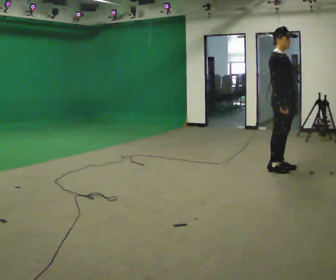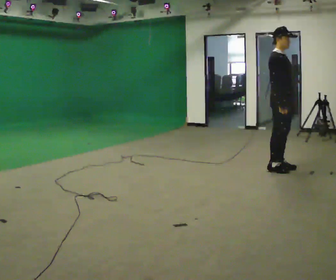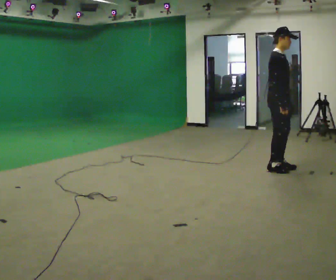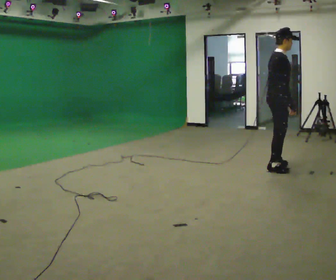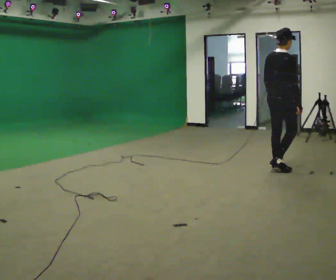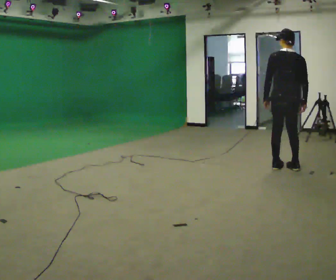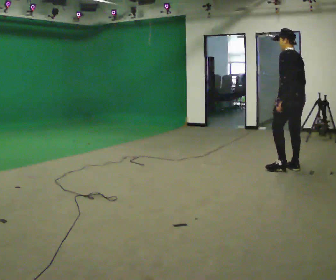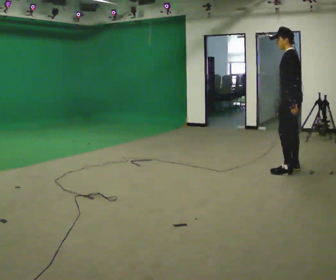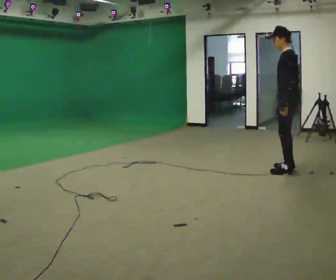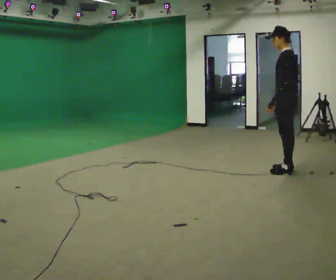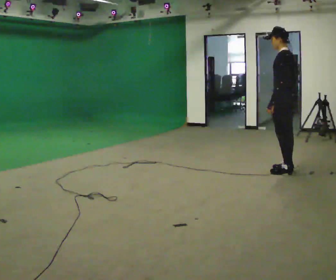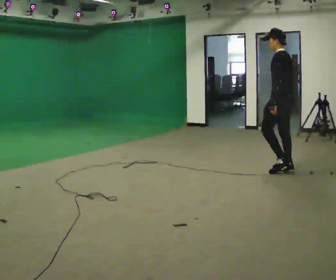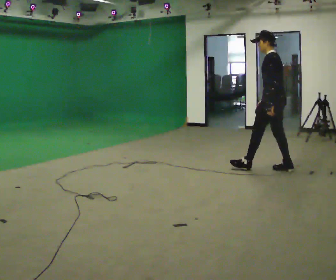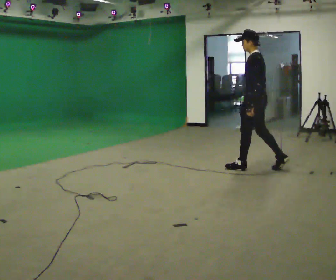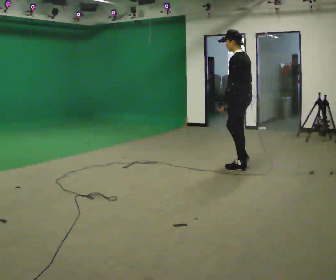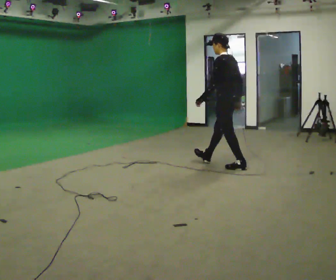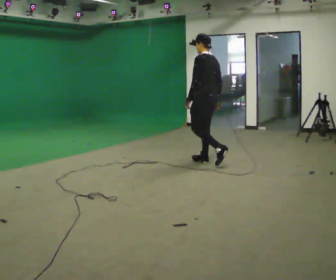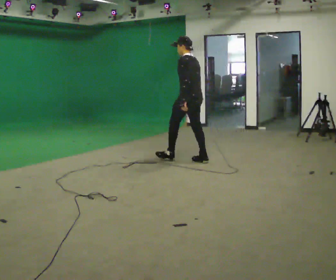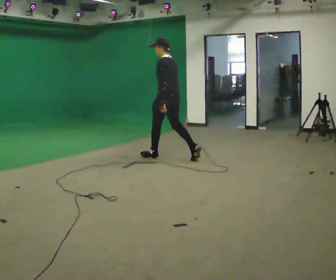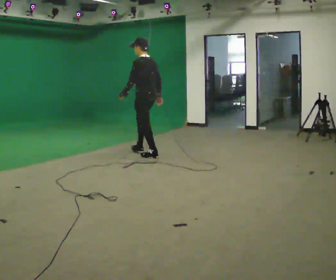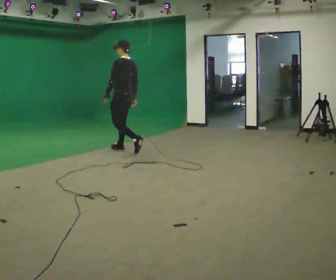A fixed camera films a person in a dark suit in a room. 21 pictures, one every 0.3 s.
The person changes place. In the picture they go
to the left.
0.0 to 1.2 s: The person turns about 75 degrees to their left, counterclockwise seen from above, so the part of the body nearest the lens slides to the right.
1.2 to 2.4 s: The part of the body nearest the lens slides to the right as the person turns to their left by about 120 degrees.
2.4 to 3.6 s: In the picture they go to the left, about 0.25 m, which for them is forward. In the picture their right hand goes to the left.
3.6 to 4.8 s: In the picture they go to the left, about 1 m in 2 steps, which for them is forward.
4.8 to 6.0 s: In the picture they go to the left, about 1.5 m in 2 steps, which for them is forward.
The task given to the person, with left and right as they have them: Start still; gradually go slow → normal → fast; briefly maintain fast speed; stop.
The film runs forward here.
